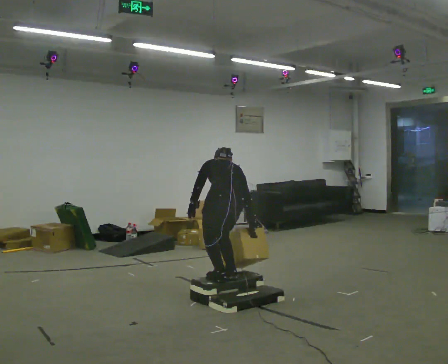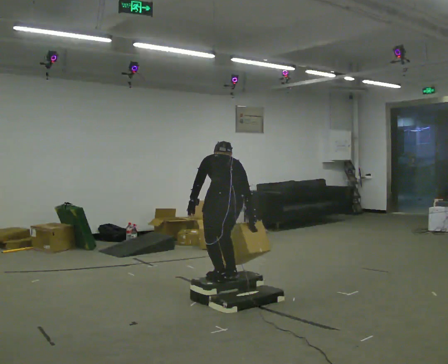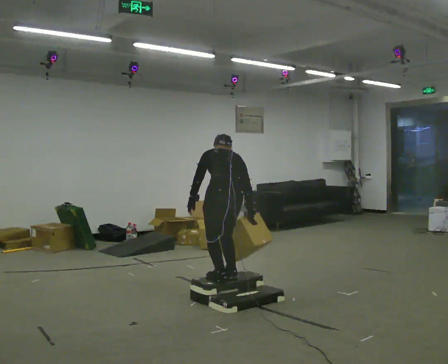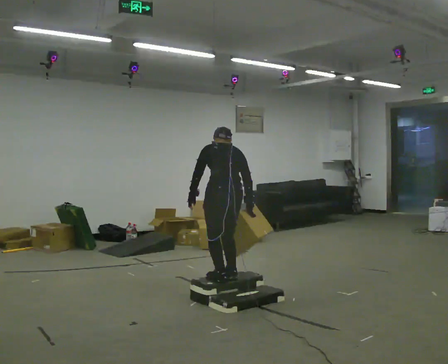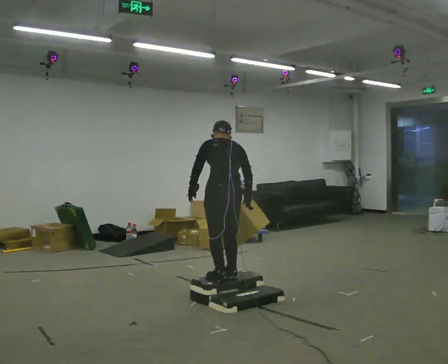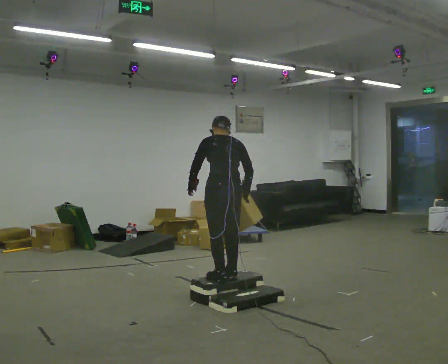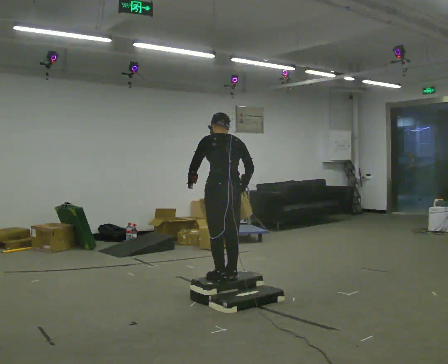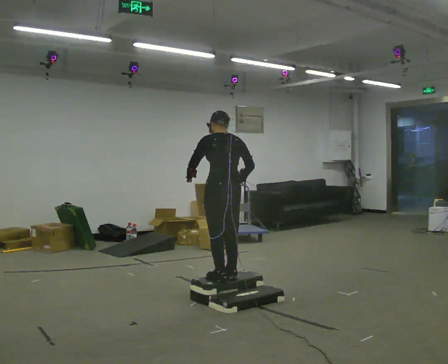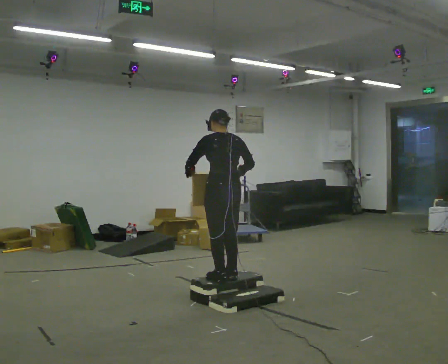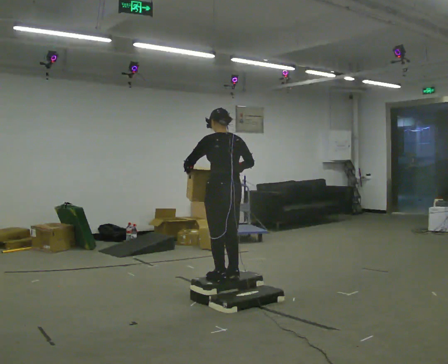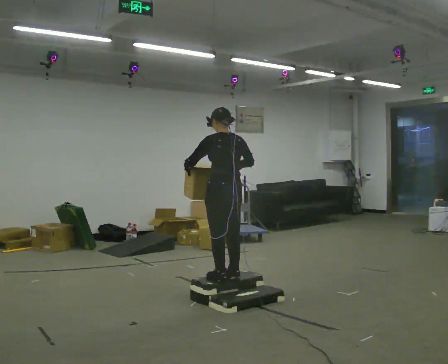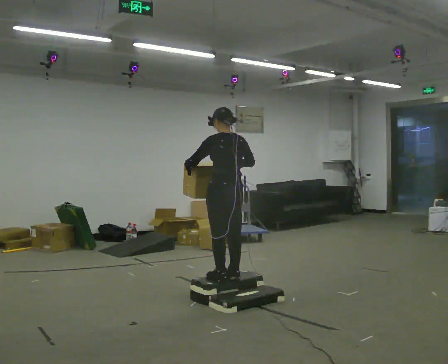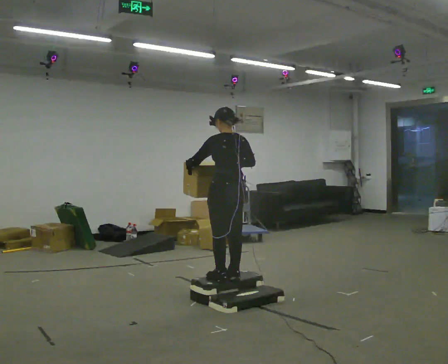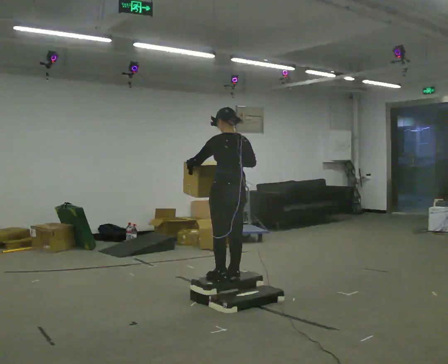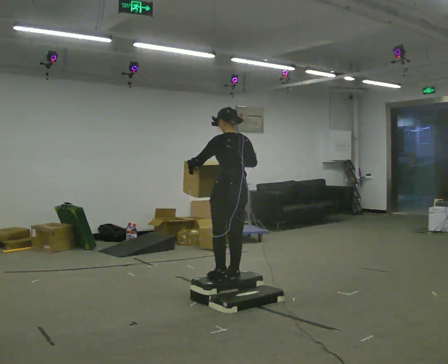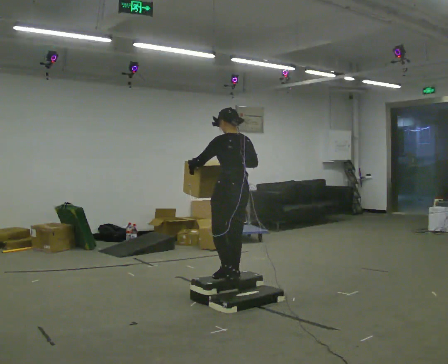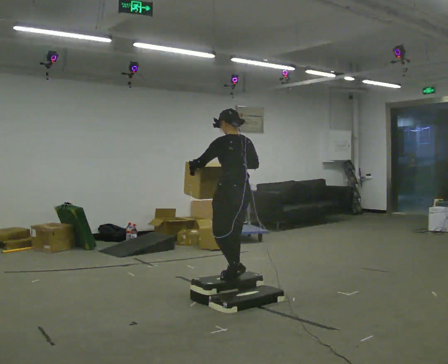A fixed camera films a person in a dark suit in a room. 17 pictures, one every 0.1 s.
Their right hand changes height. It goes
upward.
The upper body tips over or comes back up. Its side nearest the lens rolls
downward.
0.0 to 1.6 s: The shoulders move upward. The upper body tips toward the camera, its near side rolling downward, as they lean back or straighten. In the picture their right hand goes upward.
The film runs backward here.
